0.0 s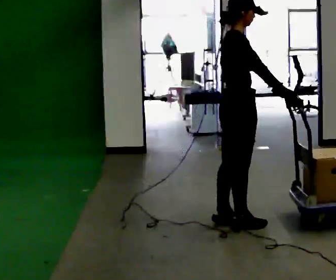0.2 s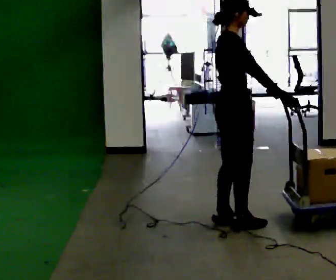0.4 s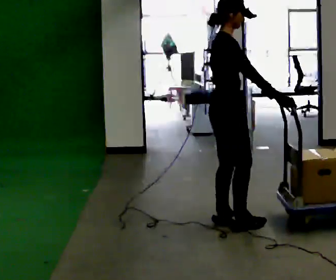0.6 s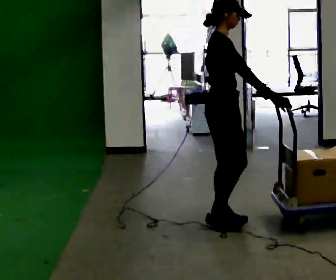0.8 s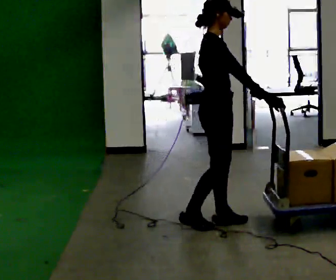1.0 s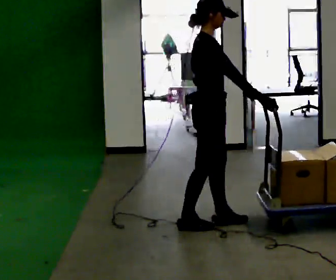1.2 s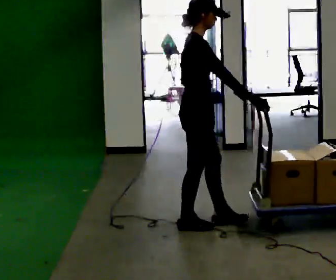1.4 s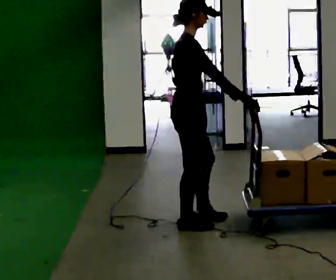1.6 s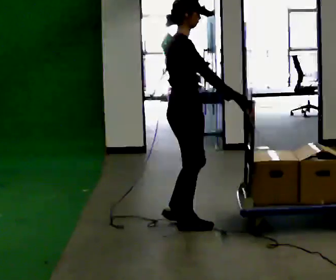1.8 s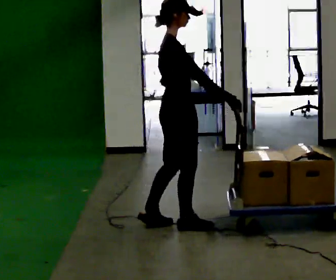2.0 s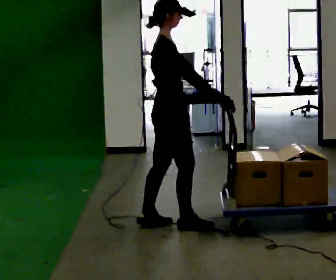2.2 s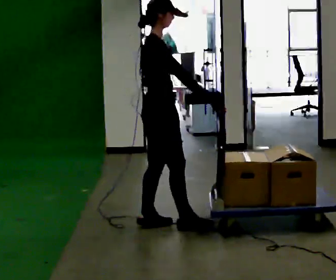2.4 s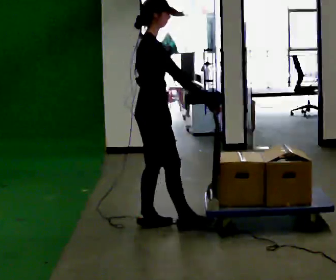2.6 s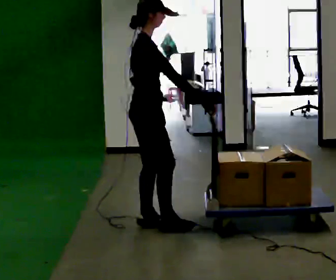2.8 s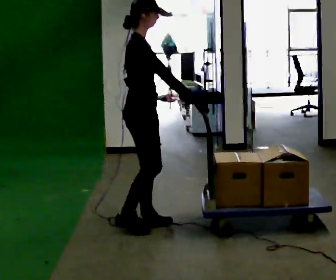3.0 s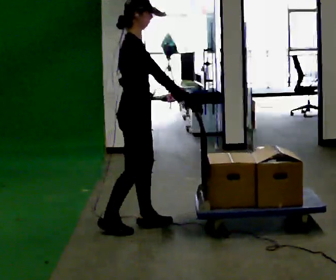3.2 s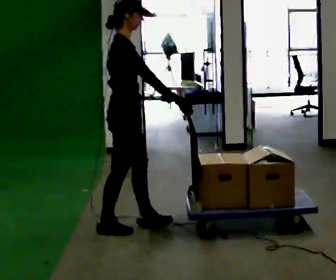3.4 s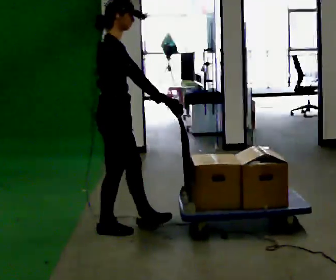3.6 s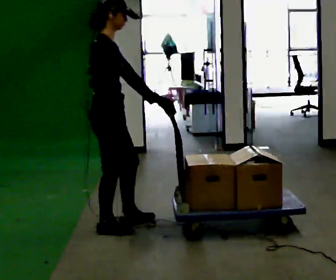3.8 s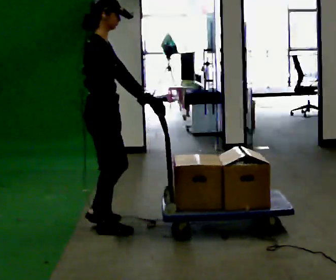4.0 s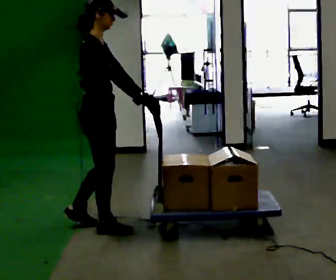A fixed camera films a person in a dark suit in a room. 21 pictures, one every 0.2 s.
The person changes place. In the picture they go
to the left.
0.0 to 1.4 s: In the picture they go to the left, about 0.25 m in 2 steps, which for them is backward.
1.4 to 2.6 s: In the picture they go to the left, about 0.25 m in 1 step, which for them is backward.
2.6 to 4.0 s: In the picture they go to the left, about 0.25 m in 1 step, which for them is backward.
The film runs backward here.
